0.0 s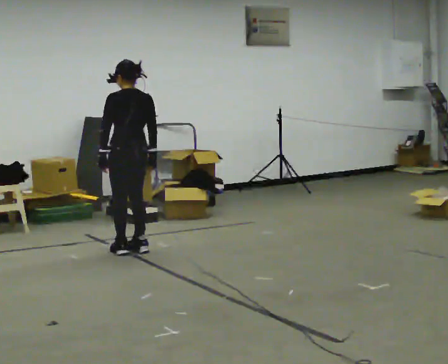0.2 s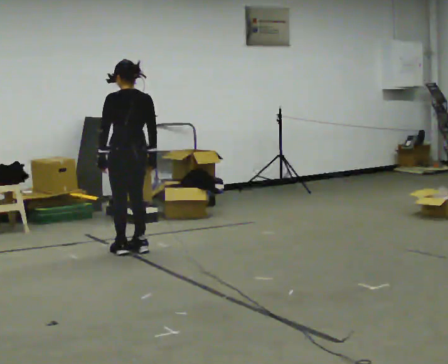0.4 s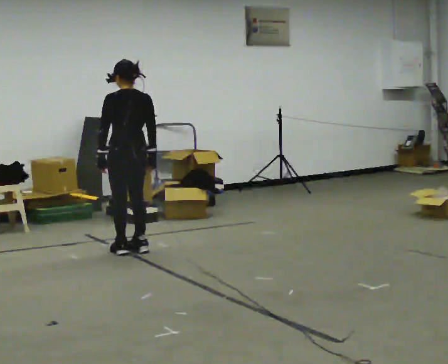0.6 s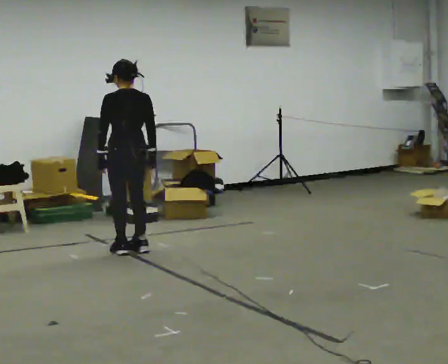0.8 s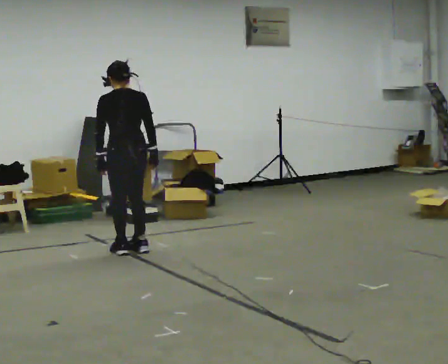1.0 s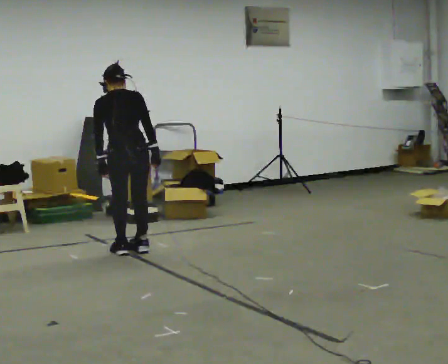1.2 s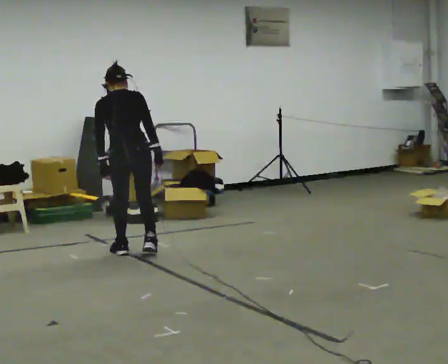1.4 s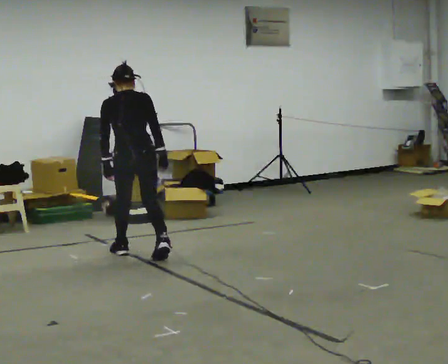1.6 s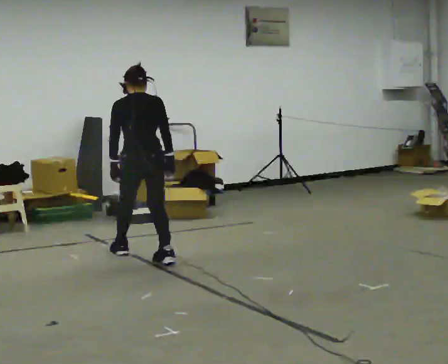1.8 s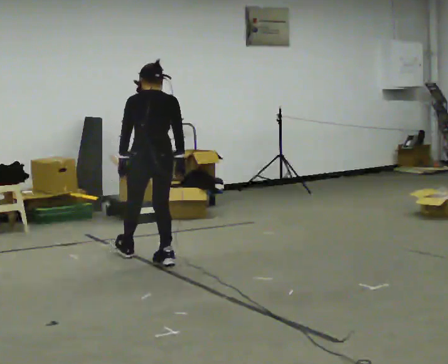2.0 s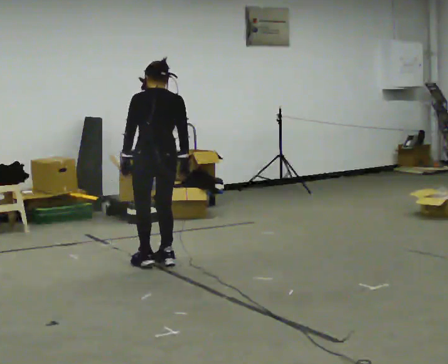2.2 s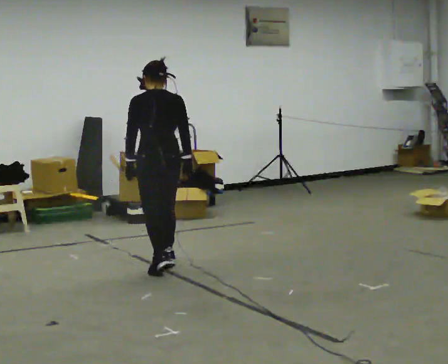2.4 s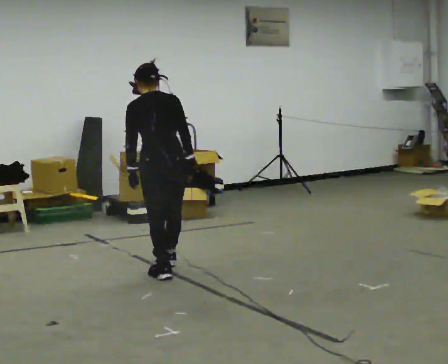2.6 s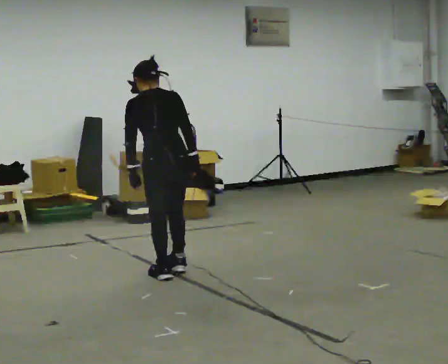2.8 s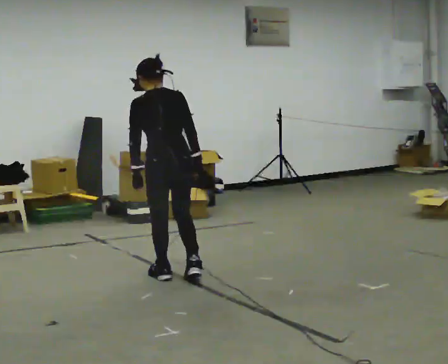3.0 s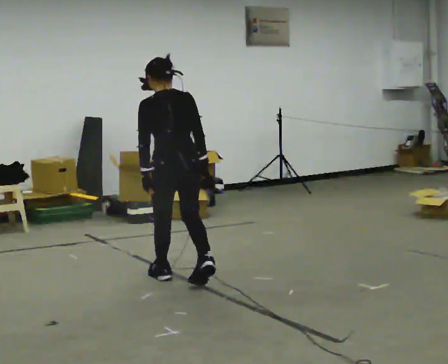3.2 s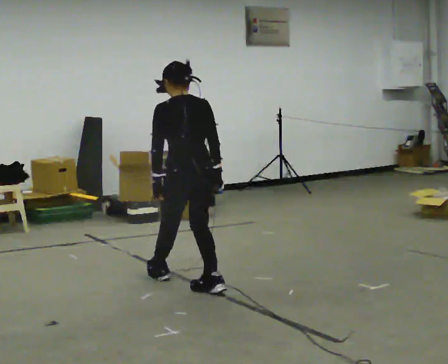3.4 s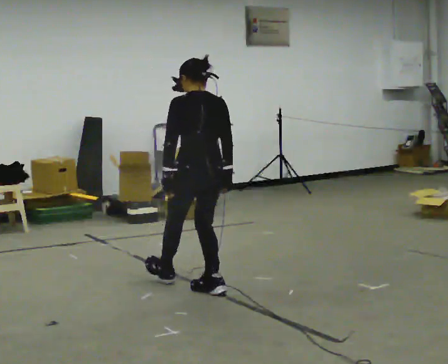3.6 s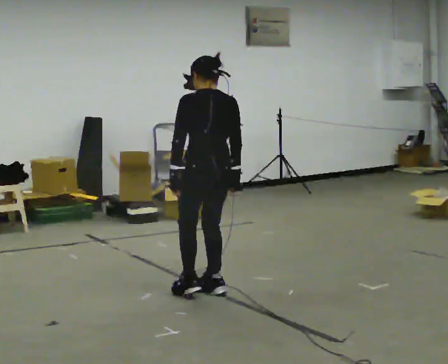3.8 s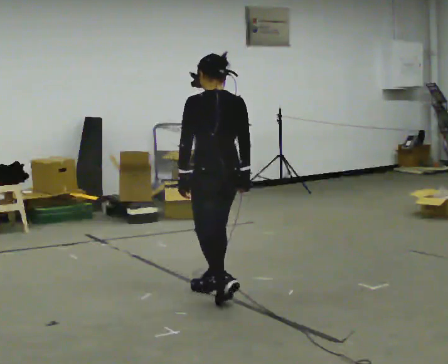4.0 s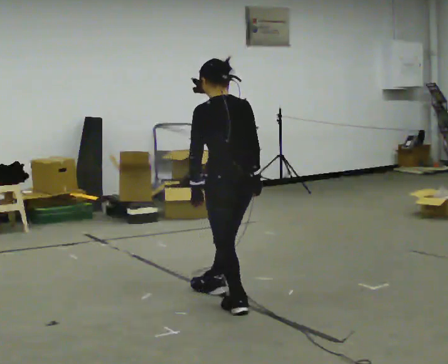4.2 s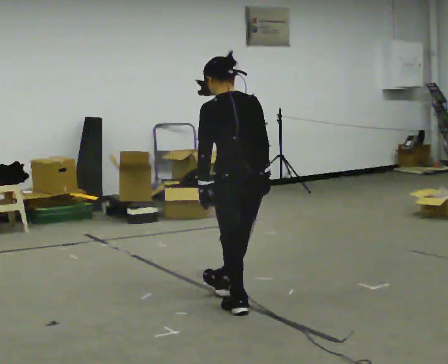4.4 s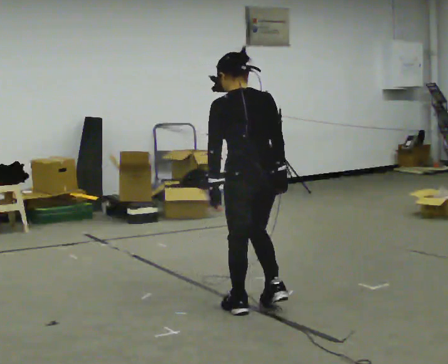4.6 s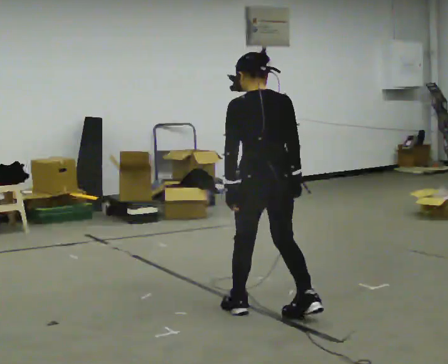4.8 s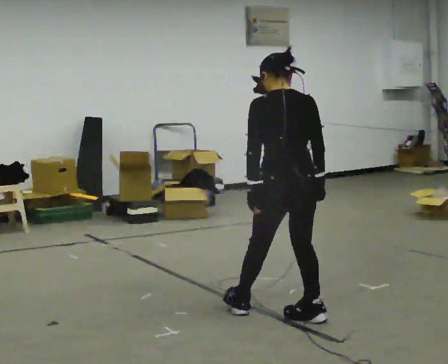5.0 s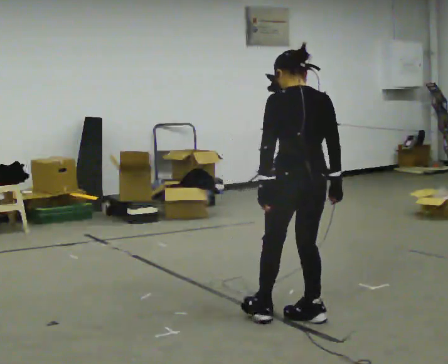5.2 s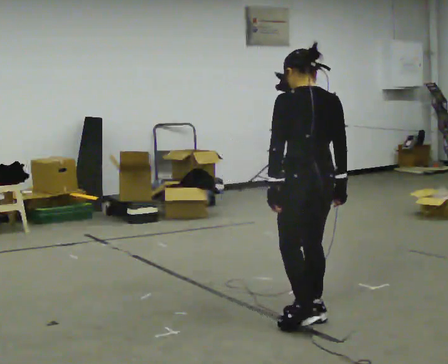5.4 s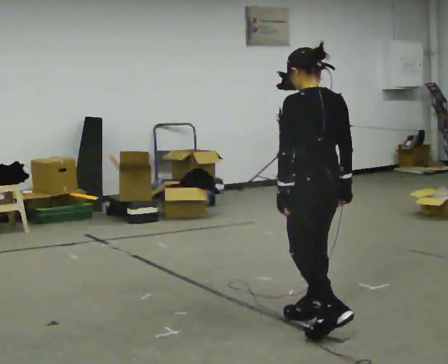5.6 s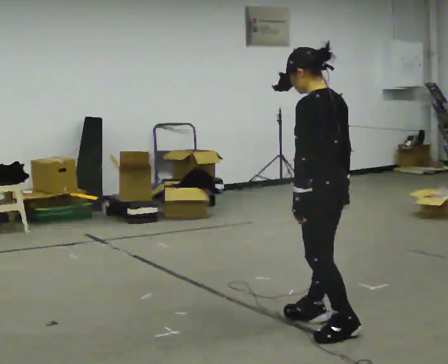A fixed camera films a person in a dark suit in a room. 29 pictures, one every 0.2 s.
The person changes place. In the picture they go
toward the camera.
0.0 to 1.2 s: Seen from above the body turns clockwise, about 30 degrees: to their right, with its near side sliding to the left. In the picture they go toward the camera, about 0.25 m, which for them is backward.
1.2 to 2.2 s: In the picture they go toward the camera and to the right, about 0.5 m in 1 step, which for them is backward and to their right.
2.2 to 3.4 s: In the picture they go toward the camera and to the right, about 0.75 m in 2 steps, which for them is backward.
3.4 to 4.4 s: In the picture they go toward the camera and to the right, about 0.5 m in 1 step, which for them is backward.
4.4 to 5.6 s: The person turns about 45 degrees to their left, counterclockwise seen from above, so the part of the body nearest the lens slides to the right. In the picture they go toward the camera and to the right, about 0.5 m in 2 steps, which for them is backward and to their right.
The film runs forward here.
